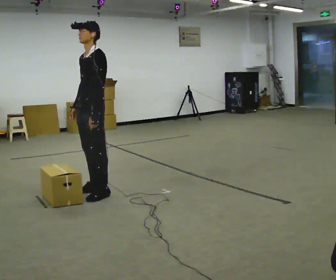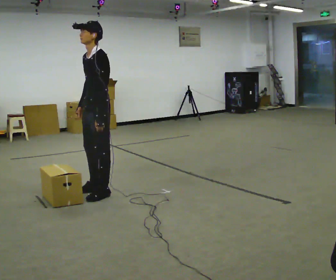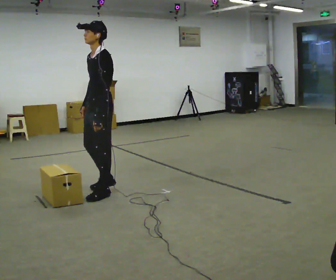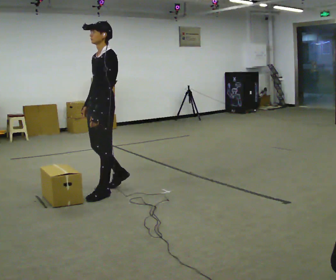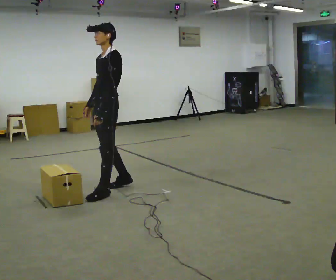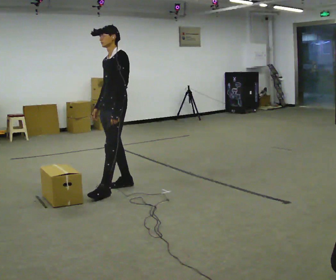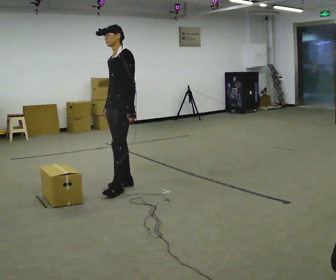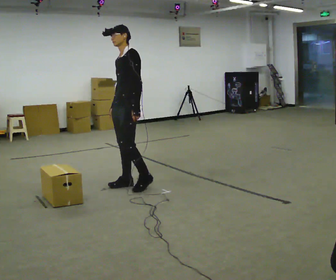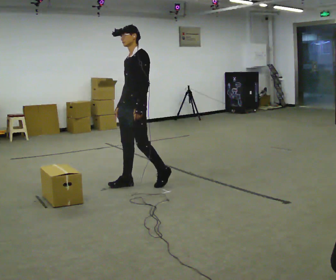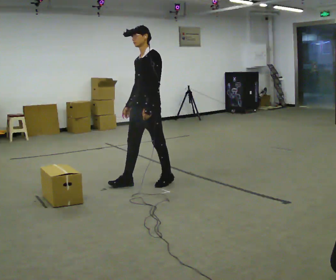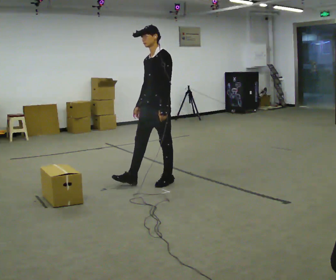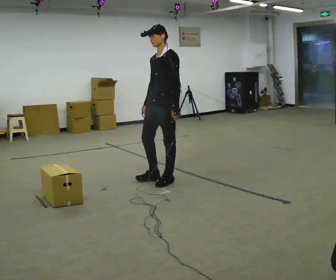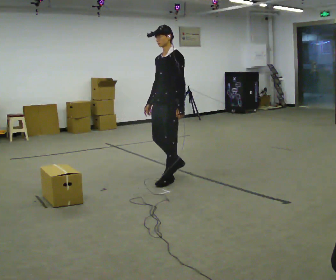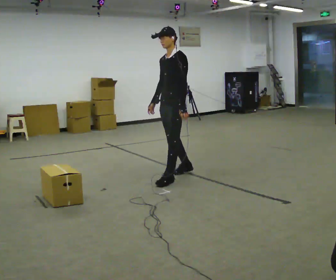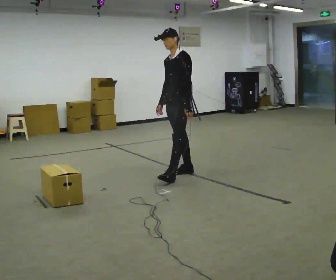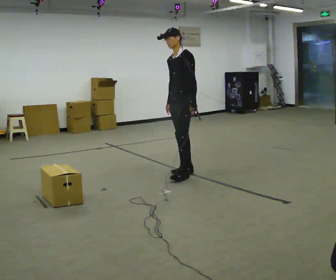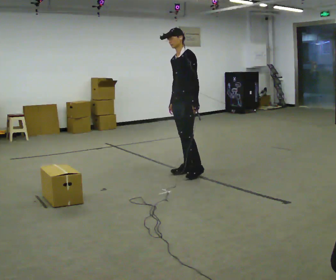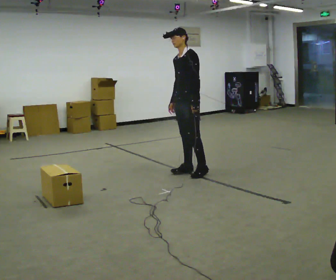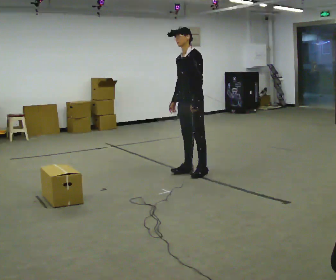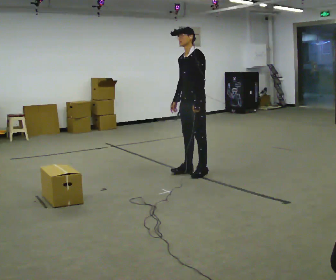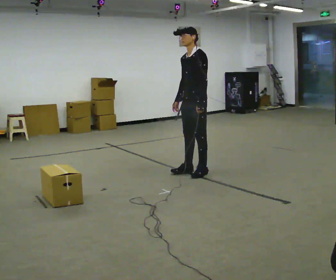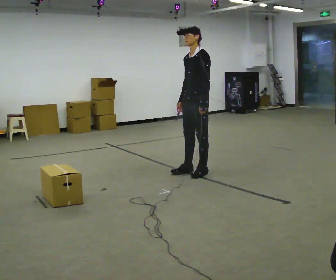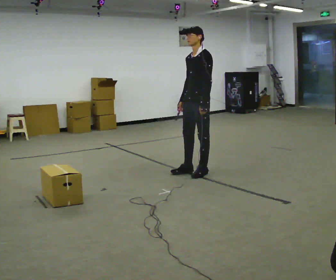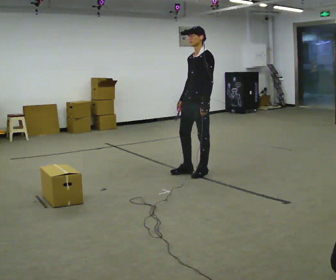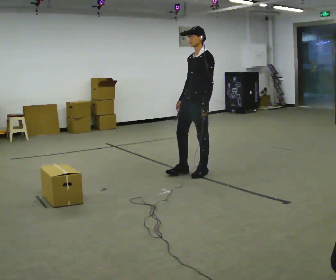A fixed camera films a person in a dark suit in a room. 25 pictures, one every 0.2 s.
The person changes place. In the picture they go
to the right.
0.0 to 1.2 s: In the picture they go to the right and away from the camera, about 0.5 m in 1 step, which for them is backward.
1.2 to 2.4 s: In the picture they go to the right, about 0.5 m in 1 step, which for them is backward.
2.4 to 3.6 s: In the picture they go to the right and away from the camera, about 0.5 m in 2 steps, which for them is backward.
3.6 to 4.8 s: The person moves a little, or ends about where they began.
The film runs forward here.
